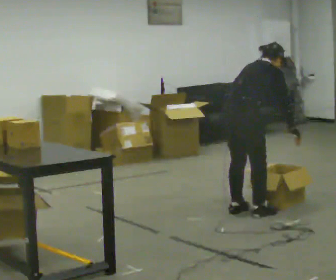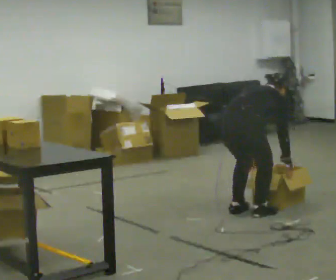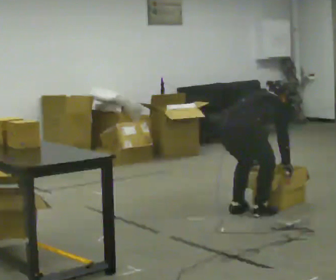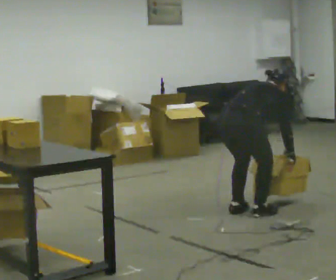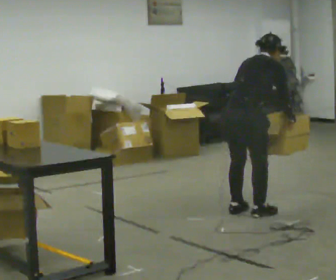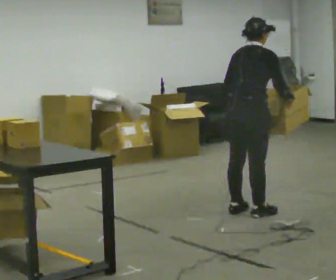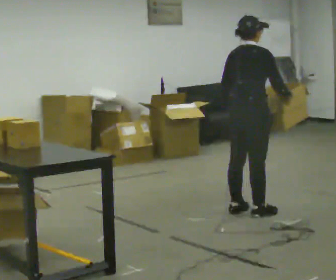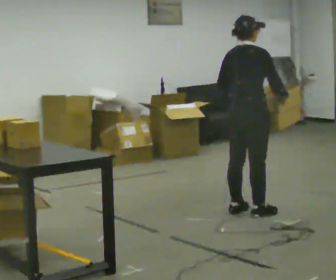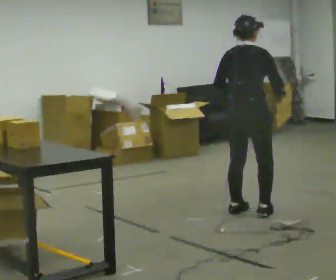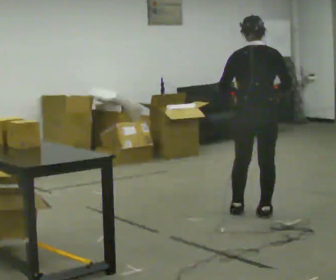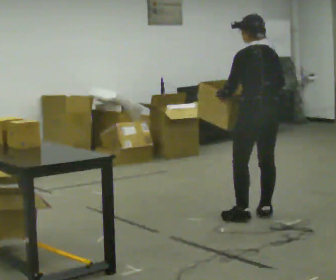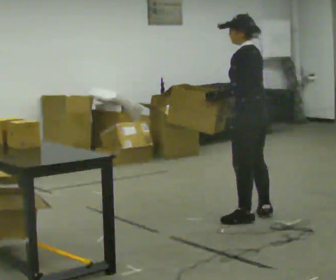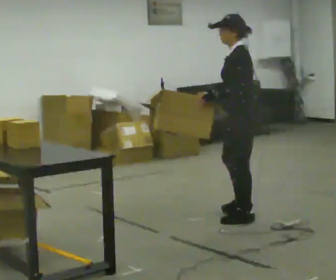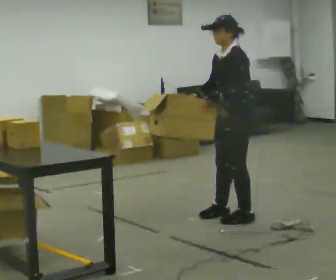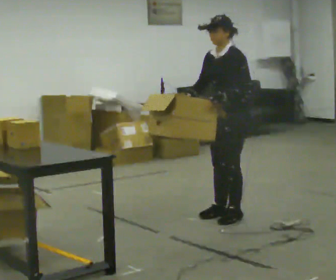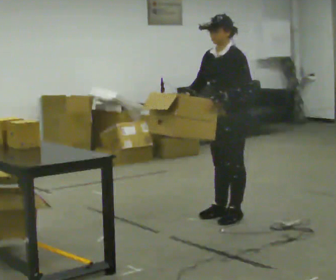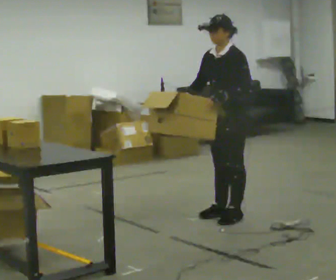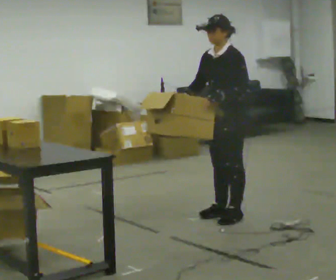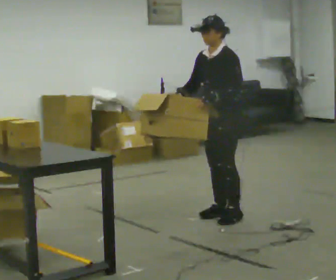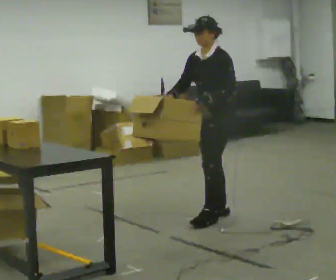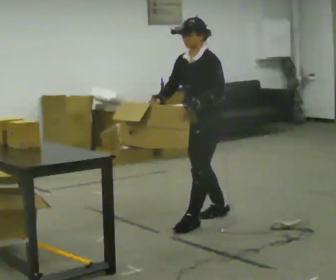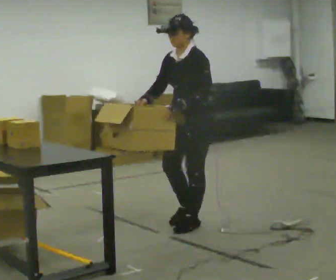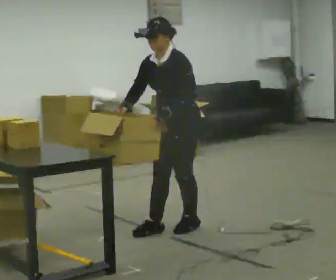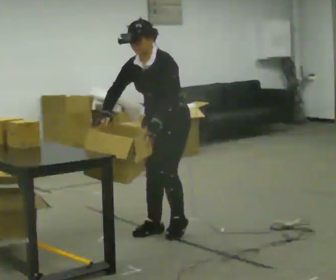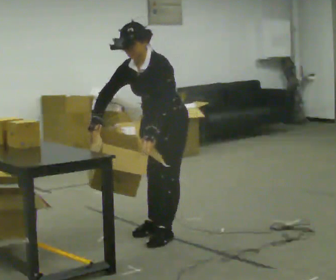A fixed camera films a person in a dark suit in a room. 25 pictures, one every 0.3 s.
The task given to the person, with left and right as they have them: 1. Take everything out of the crates by the door. 2. Put the small items on the middle shelf. 3. Put the large items on the bottom shelf. 4. Stack the empty crates by the door. 5. Tell the operator when you are finished.
0.0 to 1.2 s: The person moves a little, or ends about where they began.
1.2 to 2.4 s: The upper body tips toward the camera, its near side rolling downward, as they lean back or straighten.
2.4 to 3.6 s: The person turns about 120 degrees to their left, counterclockwise seen from above, so the part of the body nearest the lens slides to the right. In the picture they go toward the camera, about 0.25 m in 1 step. In the picture their right hand goes to the left.
3.6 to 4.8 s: The person turns about 30 degrees to their left, counterclockwise seen from above, so the part of the body nearest the lens slides to the right.
4.8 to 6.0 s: In the picture they go to the left and toward the camera, about 0.25 m in 1 step, which for them is forward.
6.0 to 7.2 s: In the picture they go toward the camera and to the left, about 0.5 m in 2 steps, which for them is forward. The upper body tips toward the camera, its near side rolling downward, as they bend forward.
The film runs forward here.
